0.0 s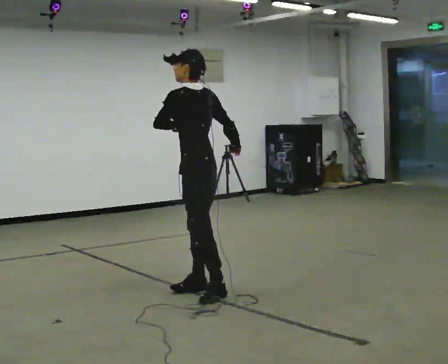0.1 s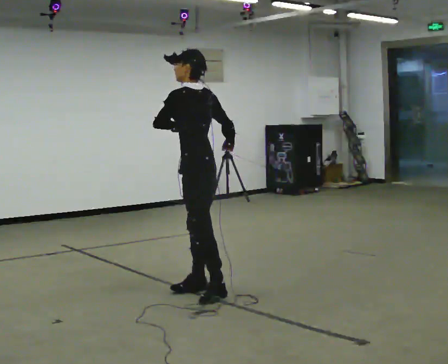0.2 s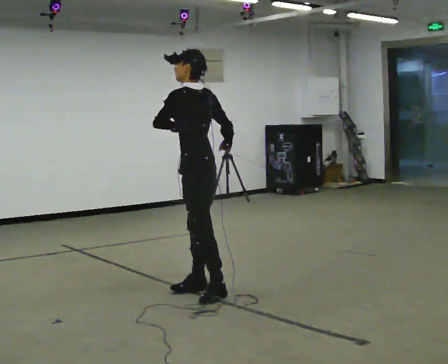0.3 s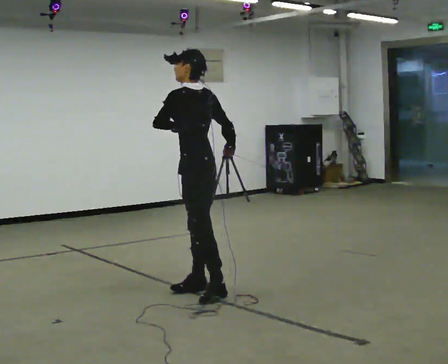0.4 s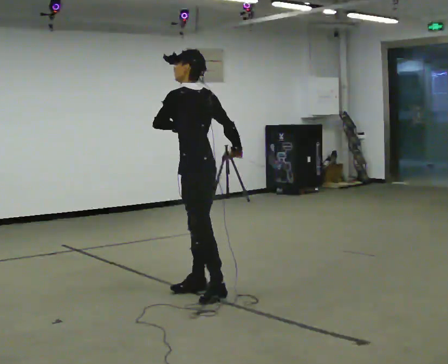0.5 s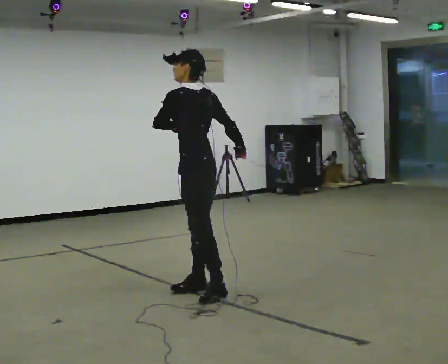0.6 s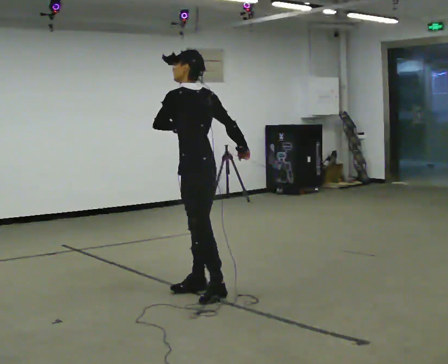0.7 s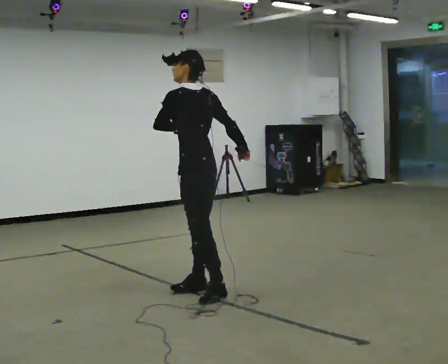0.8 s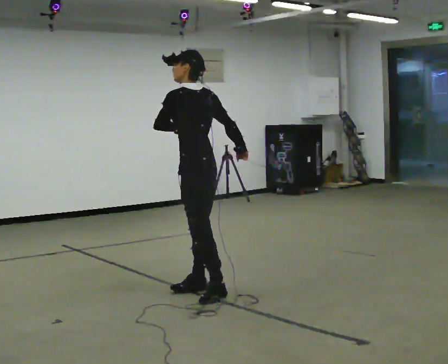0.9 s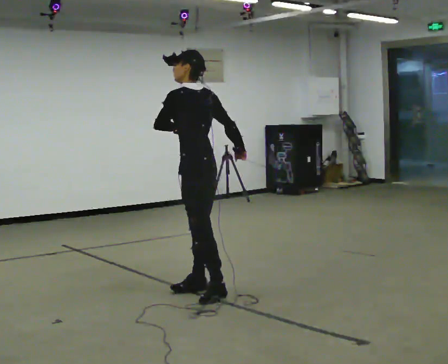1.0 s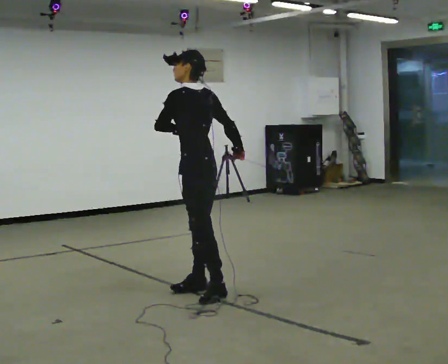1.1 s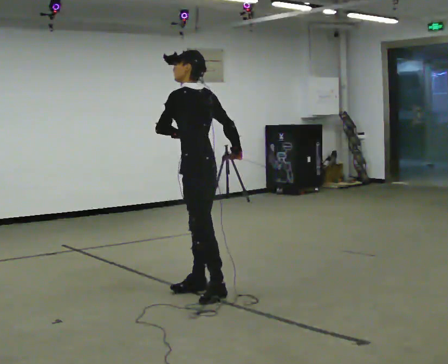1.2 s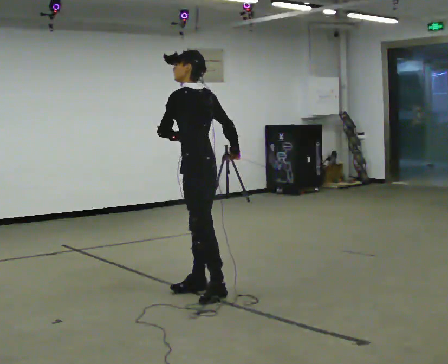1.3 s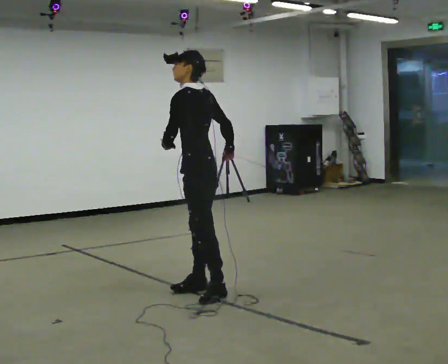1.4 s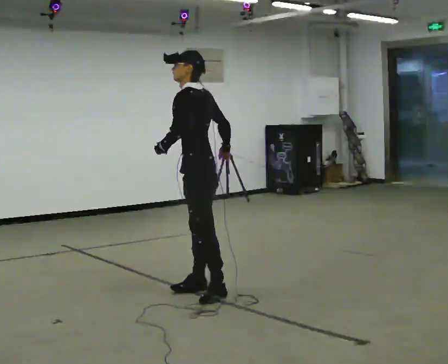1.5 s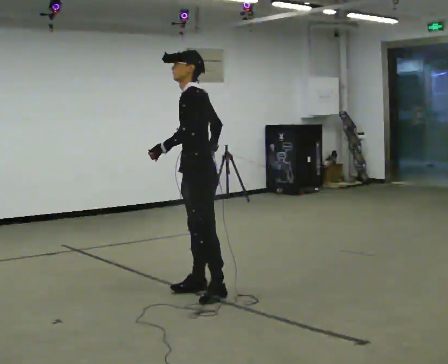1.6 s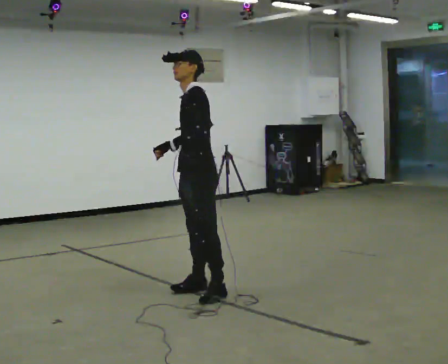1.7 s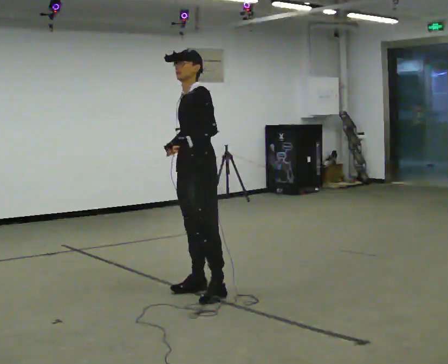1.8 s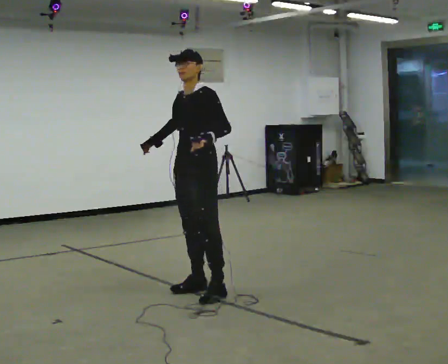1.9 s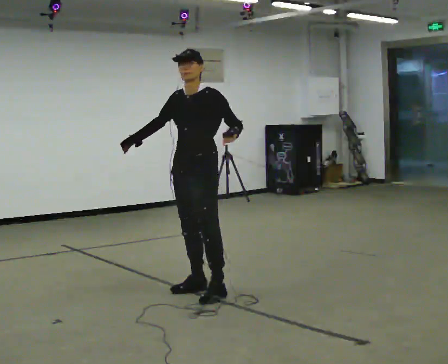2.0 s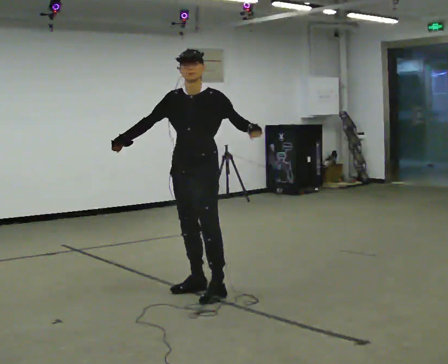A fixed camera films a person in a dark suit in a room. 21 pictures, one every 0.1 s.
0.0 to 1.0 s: The person moves a little, or ends about where they began.
1.0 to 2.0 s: The person turns about 90 degrees to their left, counterclockwise seen from above, so the part of the body nearest the lens slides to the right. In the picture their right hand goes to the left, the arm swinging clockwise.
The film runs forward here.
